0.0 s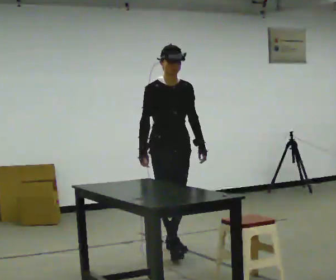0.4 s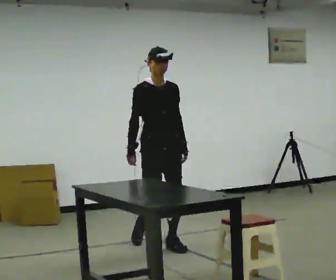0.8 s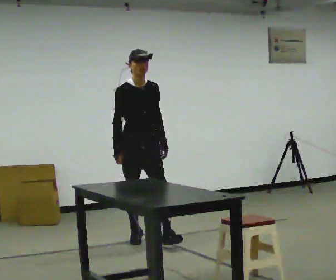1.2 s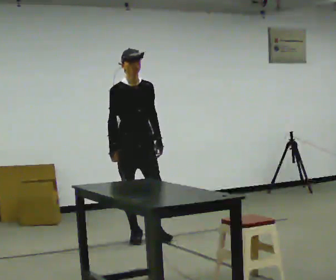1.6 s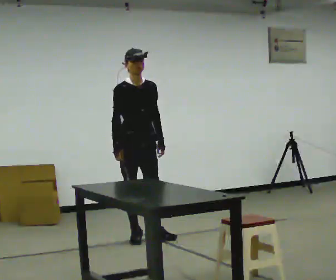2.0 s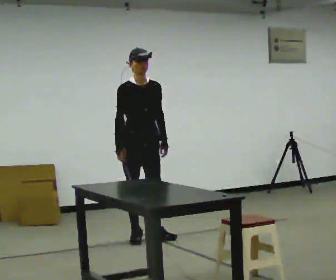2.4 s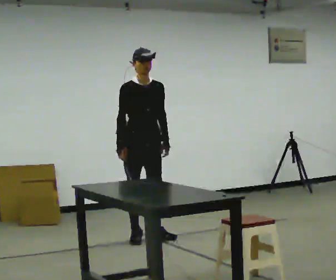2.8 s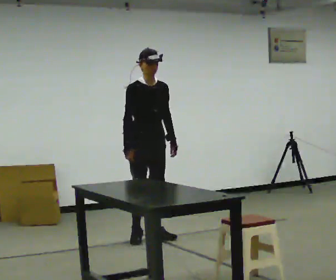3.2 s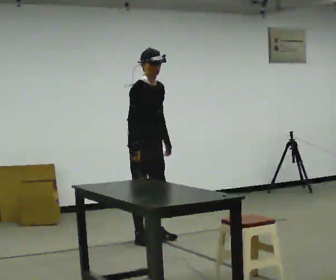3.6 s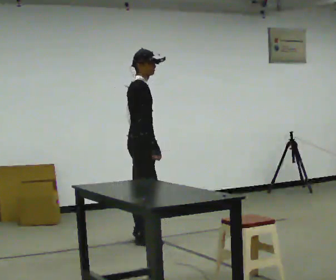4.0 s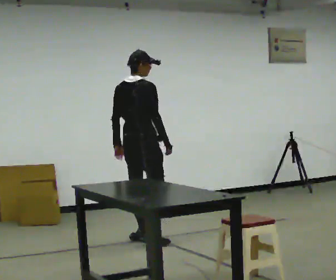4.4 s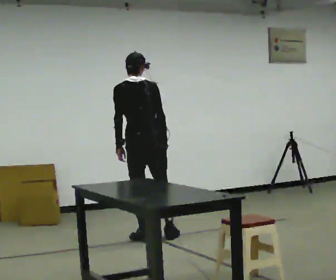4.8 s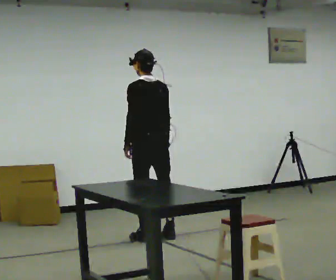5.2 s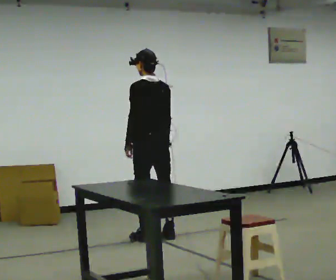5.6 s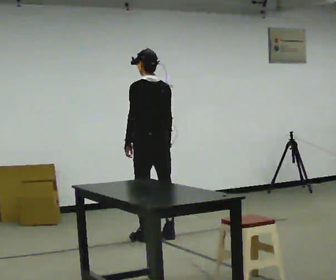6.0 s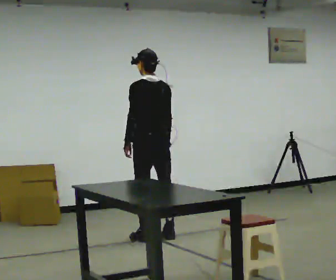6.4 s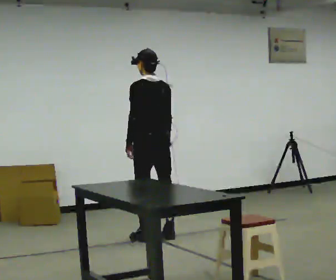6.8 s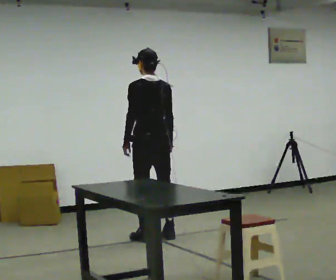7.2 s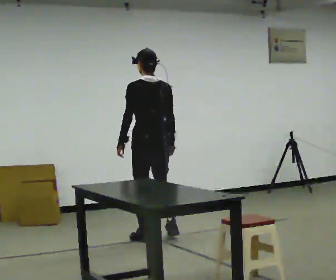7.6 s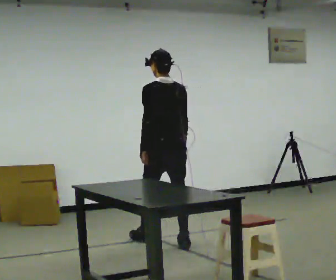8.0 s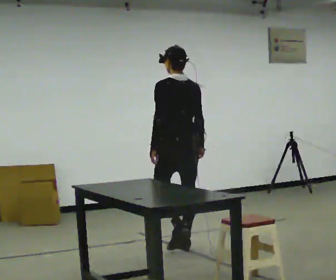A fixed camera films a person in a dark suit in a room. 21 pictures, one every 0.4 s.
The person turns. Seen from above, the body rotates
counterclockwise.
The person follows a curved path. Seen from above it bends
clockwise.
0.0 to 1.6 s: In the picture they go away from the camera and to the left, about 0.75 m in 1 step, which for them is backward.
1.6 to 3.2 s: The person moves a little, or ends about where they began.
3.2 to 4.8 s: The person turns about 165 degrees to their left, counterclockwise seen from above, so the part of the body nearest the lens slides to the right. In the picture their right hand goes to the right.
4.8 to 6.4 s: The person moves a little, or ends about where they began.
6.4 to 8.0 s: In the picture they go toward the camera and to the right, about 0.5 m in 2 steps, which for them is backward.
The film runs backward here.
